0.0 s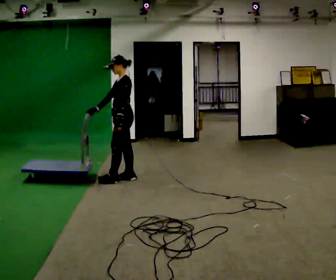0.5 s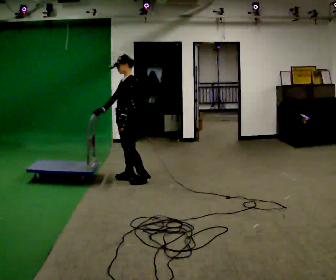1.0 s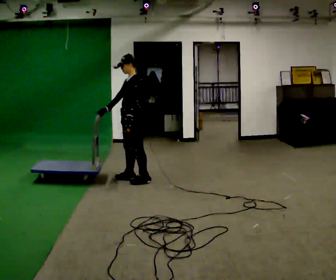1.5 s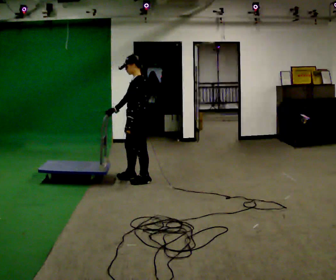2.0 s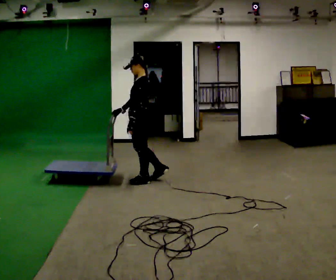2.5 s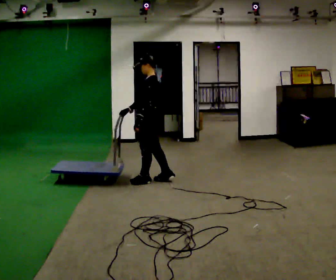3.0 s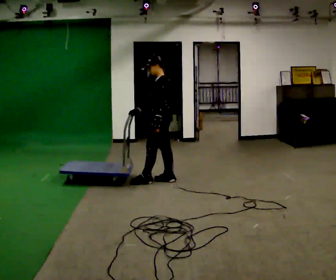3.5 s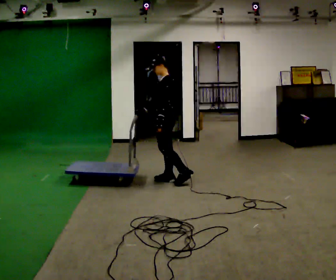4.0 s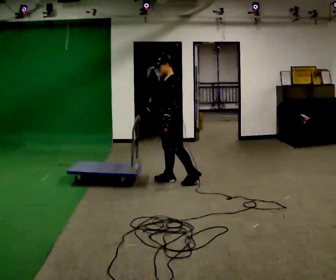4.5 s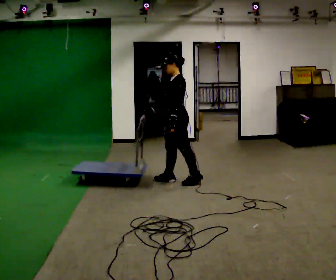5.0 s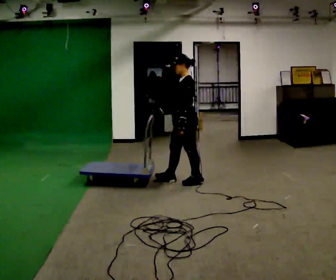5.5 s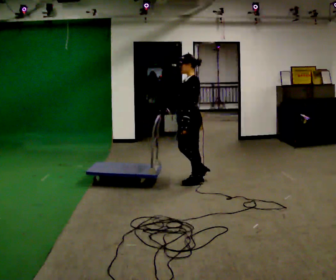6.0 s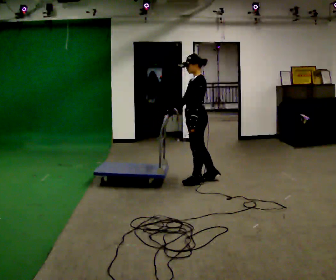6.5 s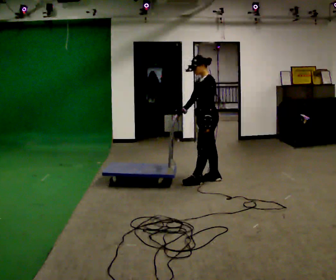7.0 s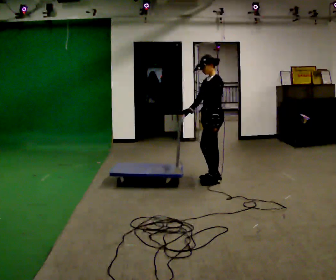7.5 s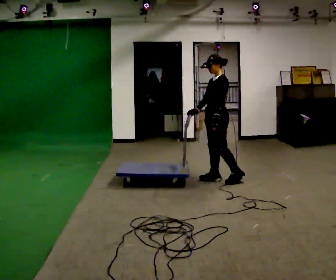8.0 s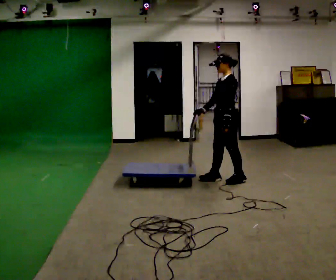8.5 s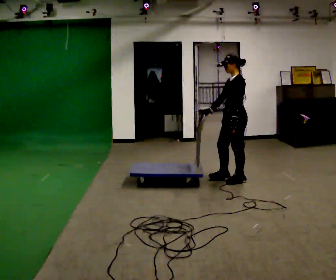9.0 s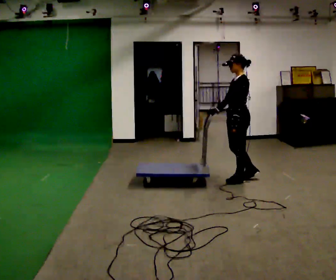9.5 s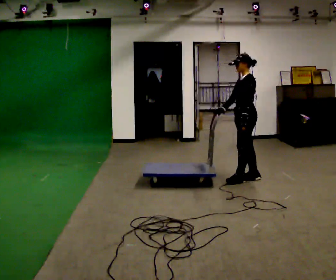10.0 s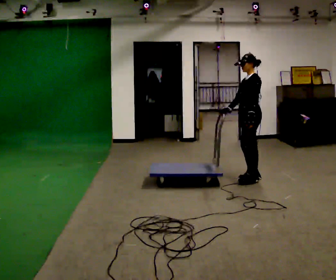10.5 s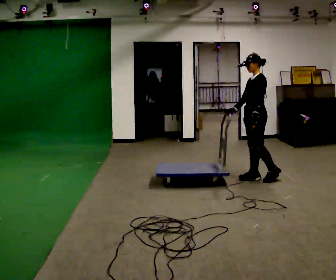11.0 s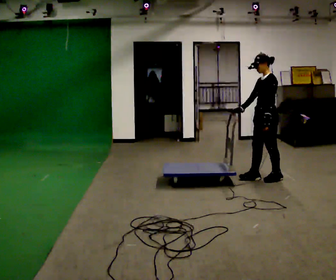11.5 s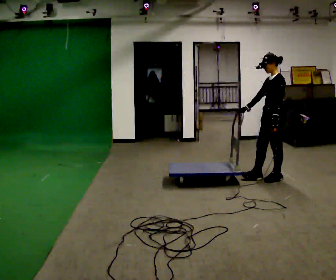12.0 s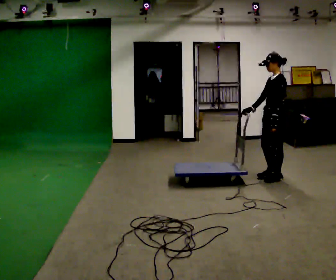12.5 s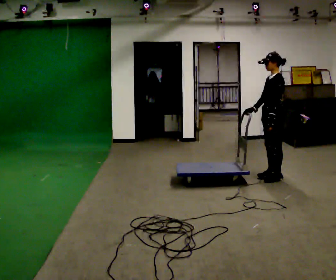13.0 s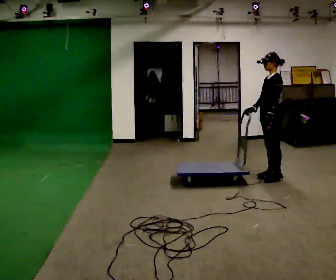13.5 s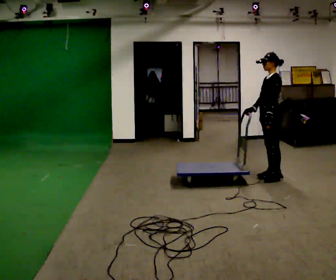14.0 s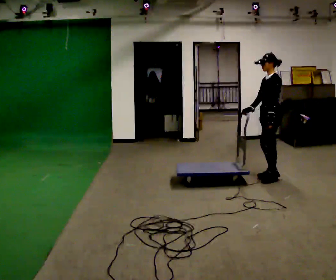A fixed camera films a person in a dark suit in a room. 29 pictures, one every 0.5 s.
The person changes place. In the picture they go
to the right.
0.0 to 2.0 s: In the picture they go to the right, about 0.25 m in 1 step, which for them is to their left and backward.
2.0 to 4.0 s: In the picture they go to the right, about 0.25 m in 2 steps, which for them is backward.
4.0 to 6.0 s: In the picture they go to the right, about 0.25 m in 1 step, which for them is backward and to their left.
6.0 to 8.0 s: In the picture they go to the right, about 0.25 m in 1 step, which for them is backward.
8.0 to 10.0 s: In the picture they go to the right, about 0.25 m in 1 step, which for them is backward.
10.0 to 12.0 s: In the picture they go to the right, about 0.25 m in 2 steps, which for them is backward and to their left.
12.0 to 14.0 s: The person moves a little, or ends about where they began.
The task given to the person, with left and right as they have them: Push the cart across the room using only the hand the operator calls. Keep your other arm at your side.
The film runs forward here.
